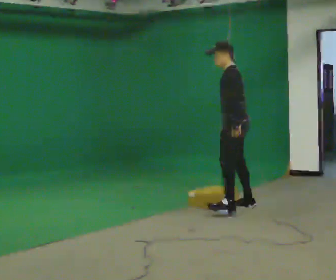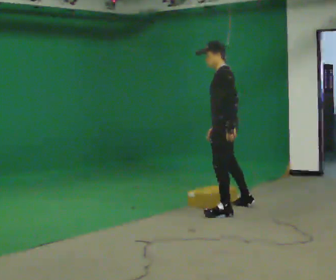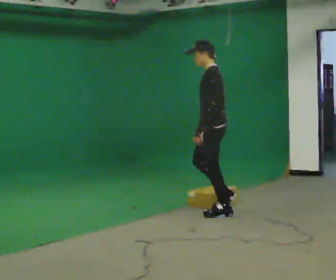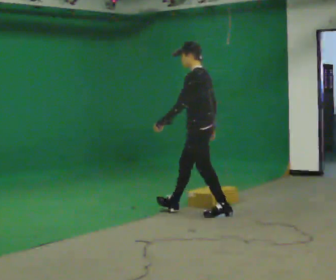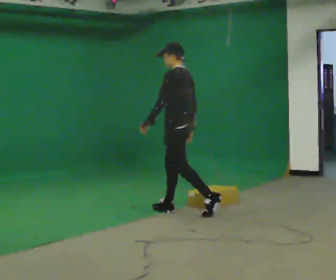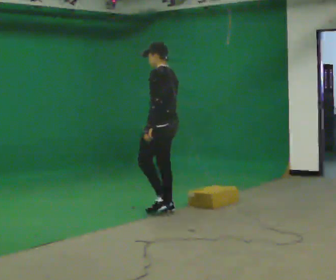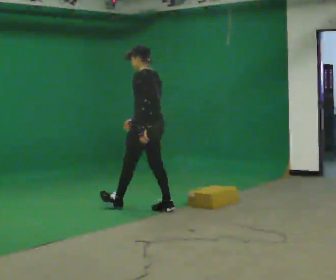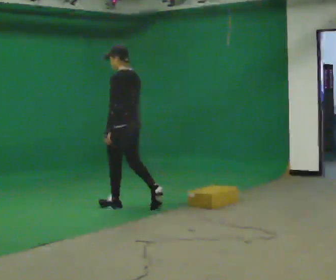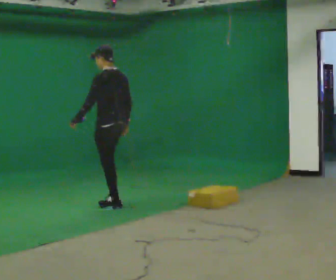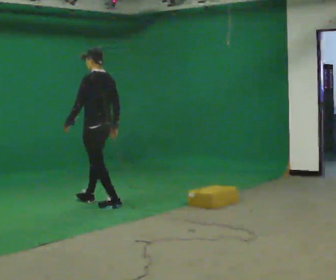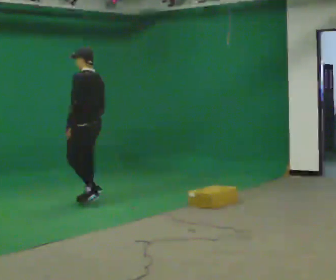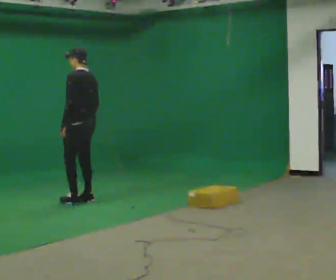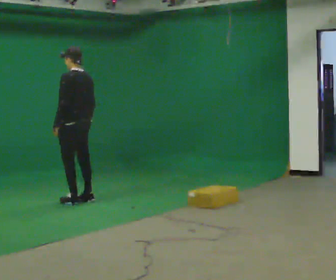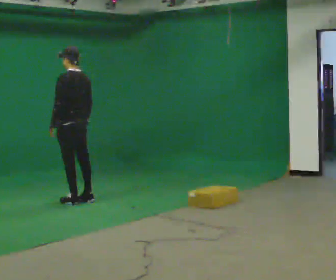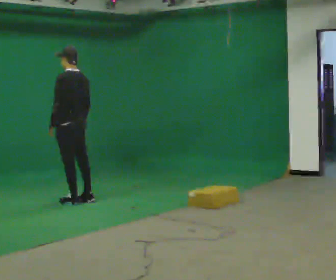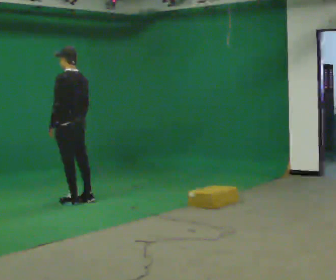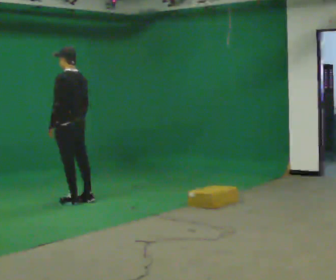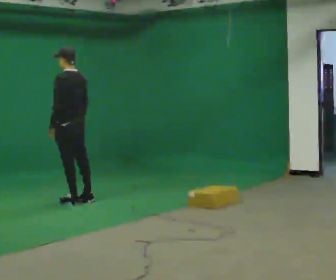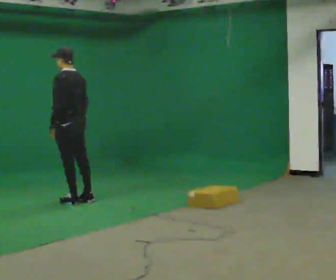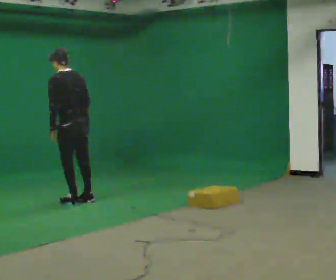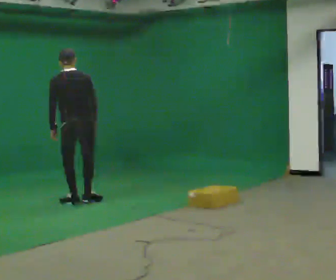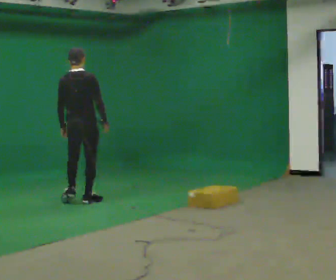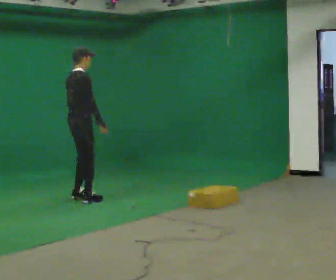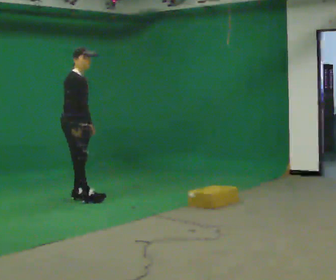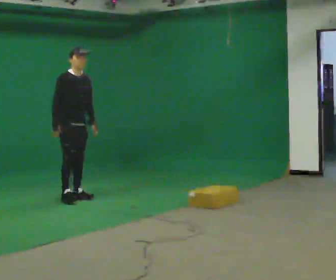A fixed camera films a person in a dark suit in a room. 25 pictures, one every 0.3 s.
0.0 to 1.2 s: In the picture they go to the left, about 0.5 m in 1 step, which for them is forward.
1.2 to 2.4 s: In the picture they go to the left and away from the camera, about 1 m in 1 step, which for them is forward.
2.4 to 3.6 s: In the picture they go to the left and away from the camera, about 0.5 m in 2 steps, which for them is forward.
3.6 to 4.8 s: The person moves a little, or ends about where they began.
4.8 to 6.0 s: The person turns about 45 degrees to their right, clockwise seen from above, so the part of the body nearest the lens slides to the left.
6.0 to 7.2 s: Seen from above the body turns clockwise, about 135 degrees: to their right, with its near side sliding to the left. In the picture they go away from the camera, about 0.25 m in 1 step. In the picture the upper body tilts clockwise, shoulders to the right. In the picture their right hand goes to the left, the arm swinging clockwise.
The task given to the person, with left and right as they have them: Start still; walk straight at normal comfortable speed; stop at endpoint.
The film runs forward here.
